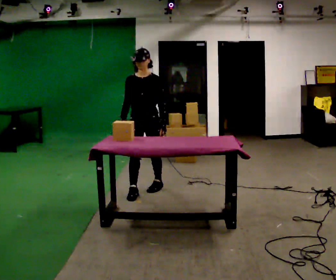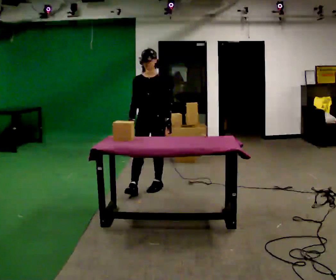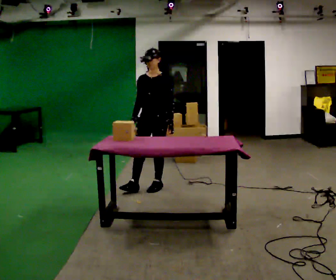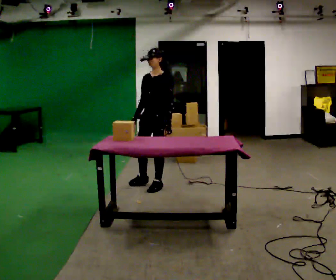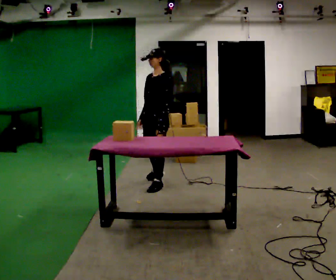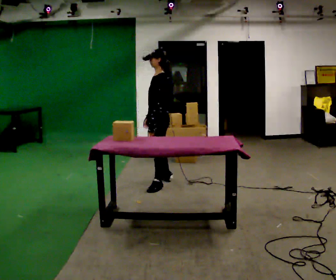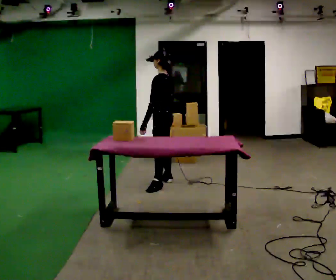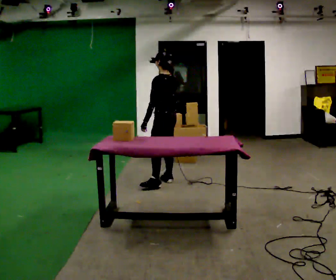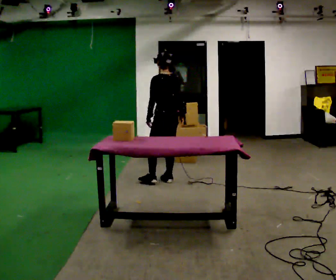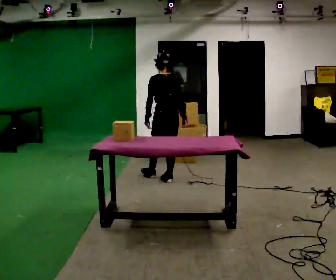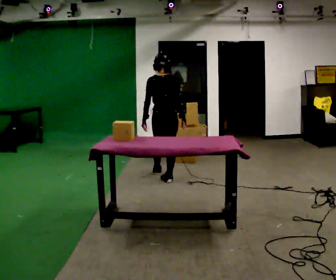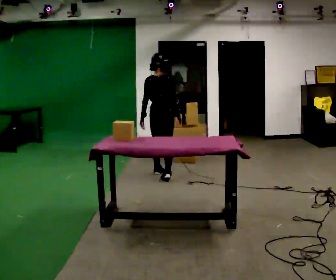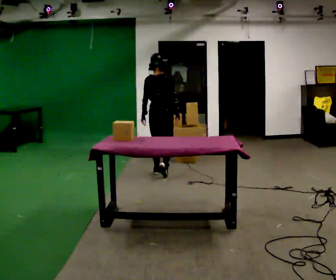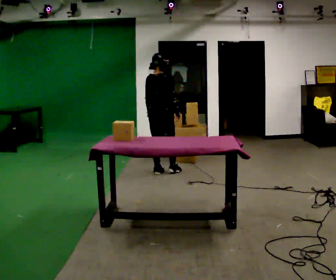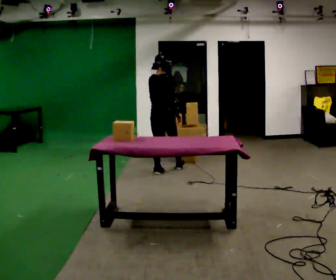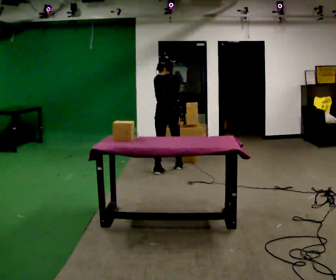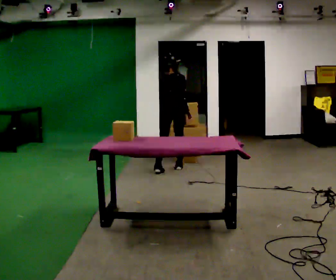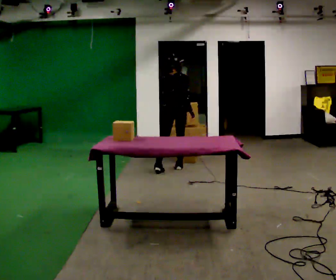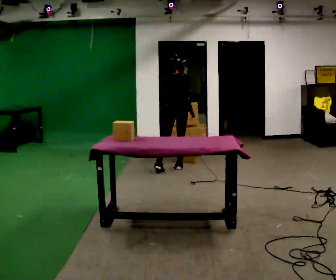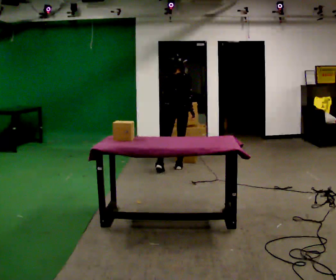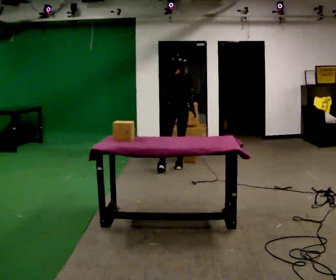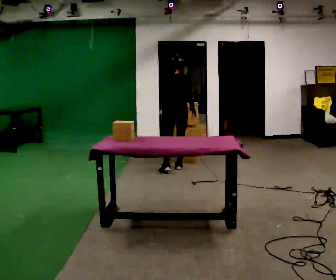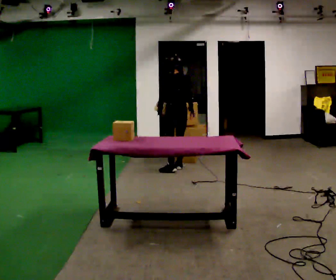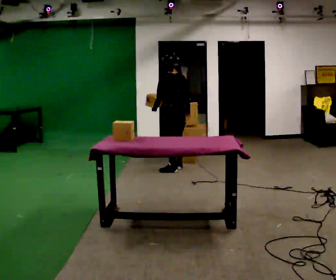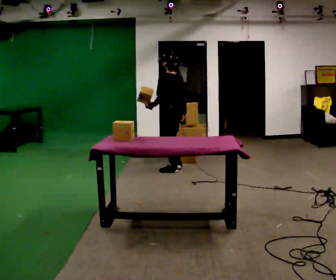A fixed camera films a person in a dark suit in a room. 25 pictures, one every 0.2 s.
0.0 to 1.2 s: Seen from above the body turns clockwise, about 105 degrees: to their right, with its near side sliding to the left. In the picture they go away from the camera and to the right, about 0.5 m in 1 step.
1.2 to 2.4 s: Seen from above the body turns clockwise, about 90 degrees: to their right, with its near side sliding to the left. In the picture they go away from the camera, about 0.5 m in 1 step.
2.4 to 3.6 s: In the picture they go away from the camera and to the right, about 0.25 m in 1 step, which for them is forward. The upper body tips away from the camera, its near side rolling upward, as they bend forward.
3.6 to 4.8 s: The person turns about 75 degrees to their left, counterclockwise seen from above, so the part of the body nearest the lens slides to the right.
The film runs forward here.
